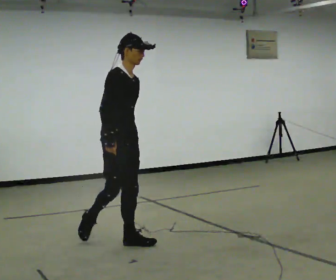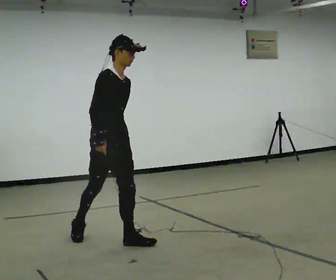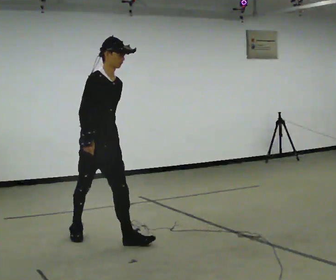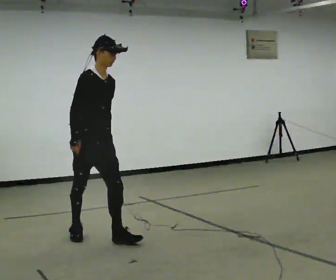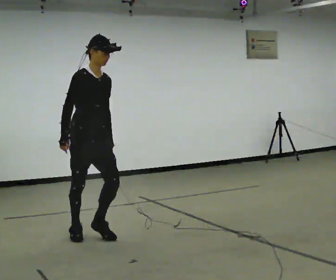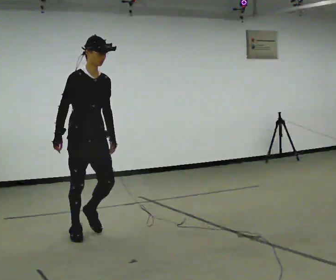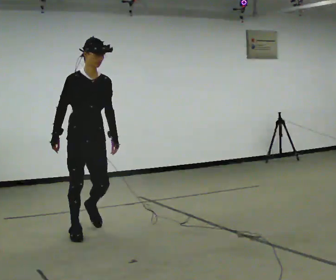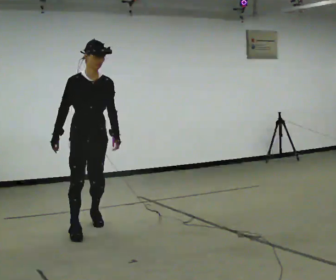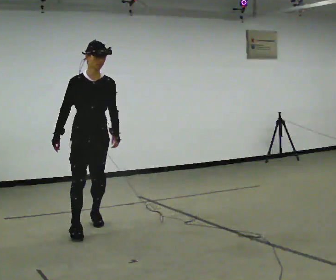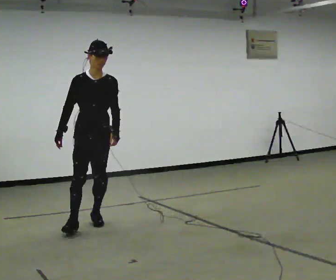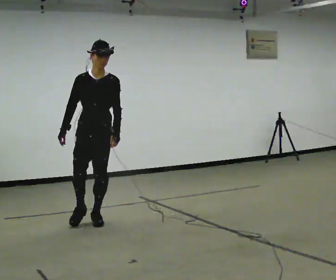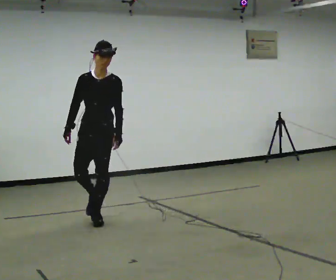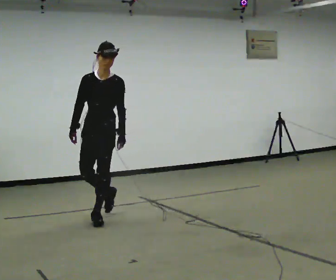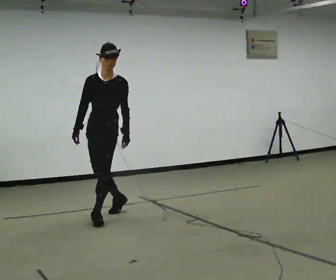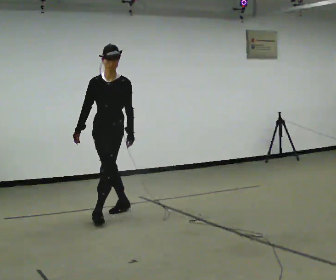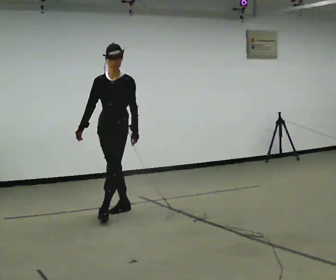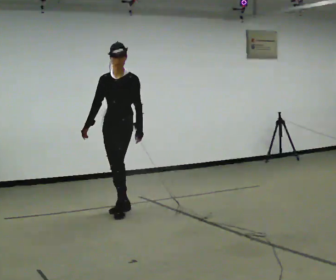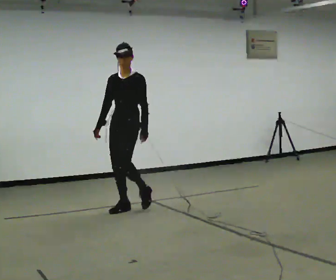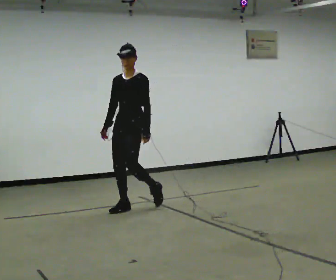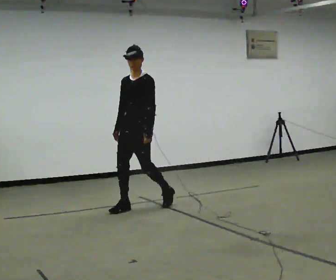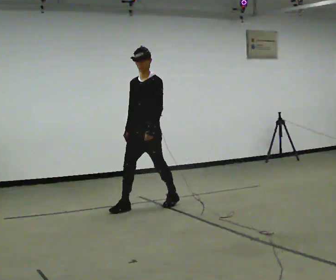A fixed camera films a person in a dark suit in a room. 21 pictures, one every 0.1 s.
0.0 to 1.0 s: The part of the body nearest the lens slides to the left as the person turns to their right by about 60 degrees. In the picture they go away from the camera, about 0.5 m in 2 steps, which for them is backward.
1.0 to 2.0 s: The person turns about 45 degrees to their right, clockwise seen from above, so the part of the body nearest the lens slides to the left. In the picture they go away from the camera and to the right, about 1 m in 1 step, which for them is backward.
The film runs backward here.
